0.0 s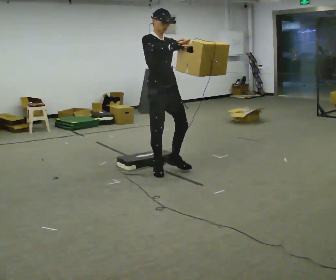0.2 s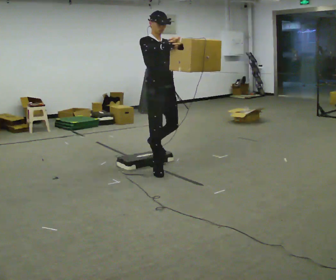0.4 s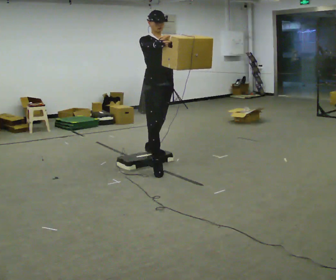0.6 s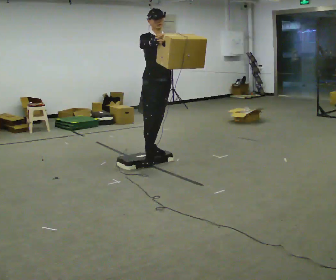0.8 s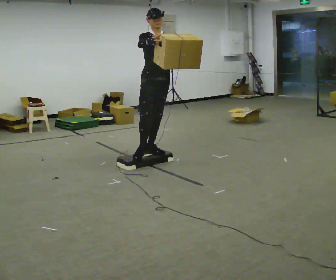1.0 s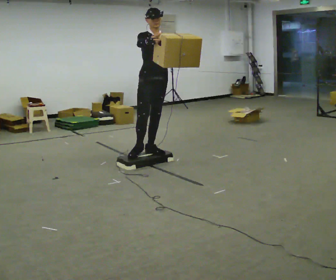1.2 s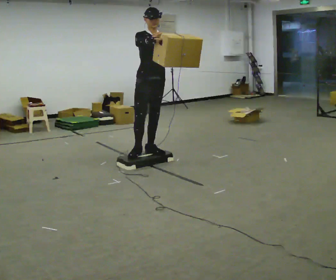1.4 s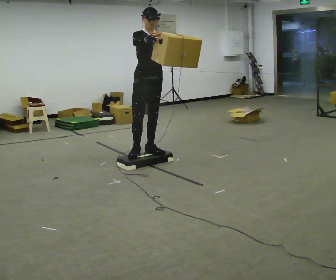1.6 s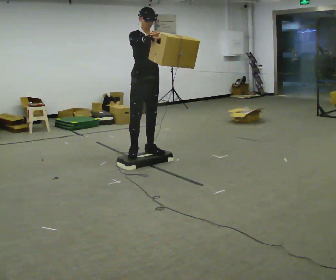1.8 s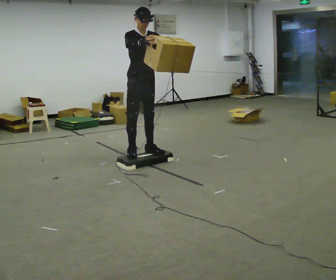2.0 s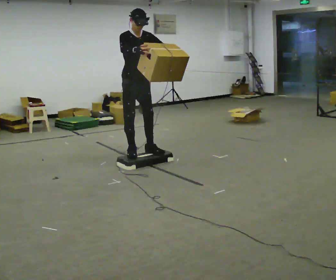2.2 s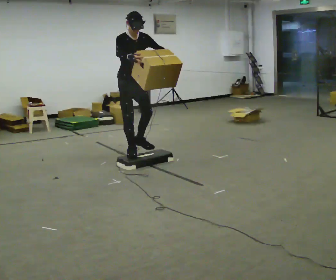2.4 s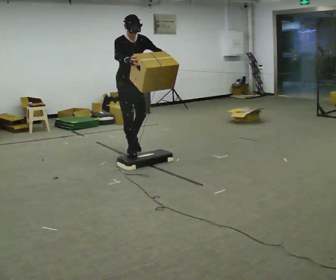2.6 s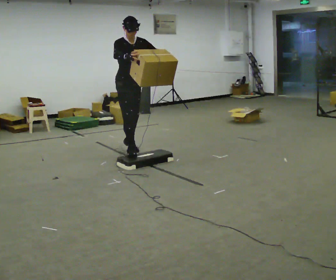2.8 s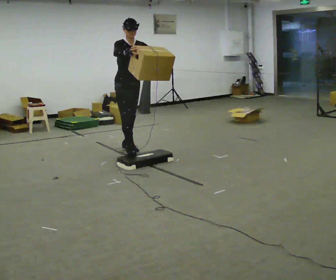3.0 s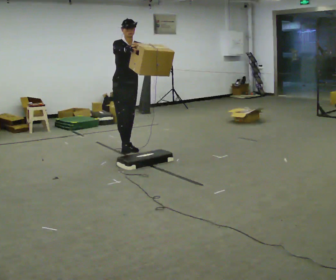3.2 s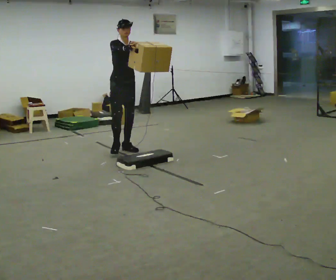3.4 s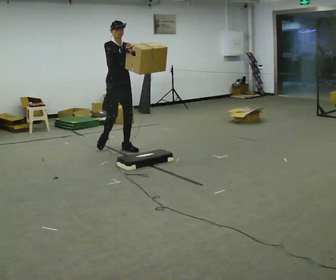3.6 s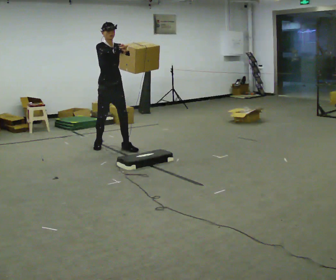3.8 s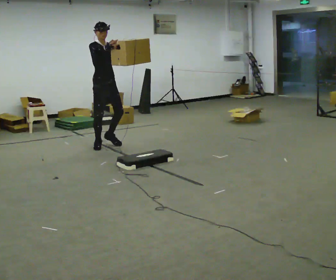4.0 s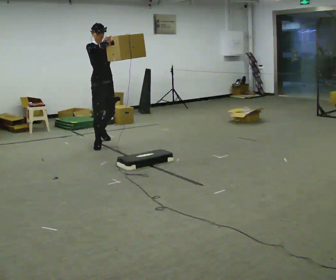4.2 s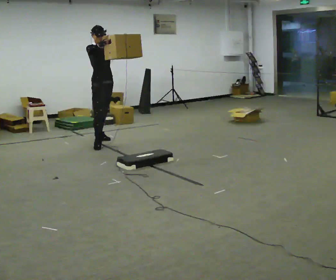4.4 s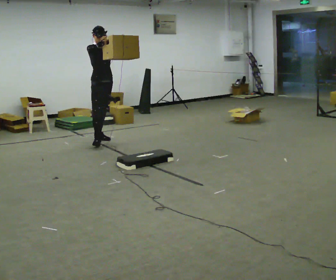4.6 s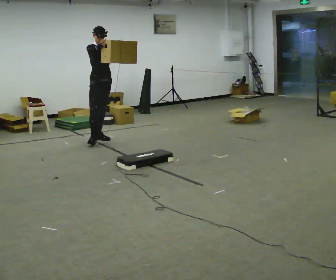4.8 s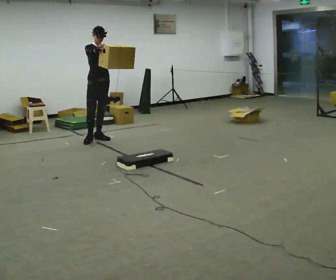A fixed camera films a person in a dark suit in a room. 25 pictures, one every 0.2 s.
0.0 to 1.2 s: In the picture they go away from the camera, about 0.5 m in 1 step, which for them is backward.
1.2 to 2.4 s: In the picture they go to the left and away from the camera, about 0.25 m in 1 step, which for them is backward and to their right. The upper body tips toward the camera, its near side rolling downward, as they bend forward.
2.4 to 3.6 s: In the picture they go away from the camera and to the left, about 0.5 m in 2 steps, which for them is backward. The upper body tips away from the camera, its near side rolling upward, as they lean back or straighten.
3.6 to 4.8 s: In the picture they go away from the camera and to the left, about 0.5 m in 1 step, which for them is backward.
The film runs backward here.
